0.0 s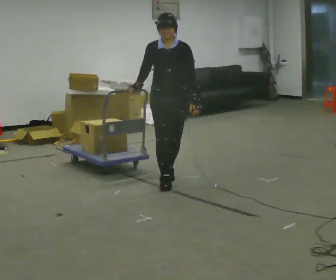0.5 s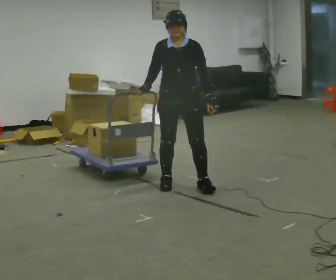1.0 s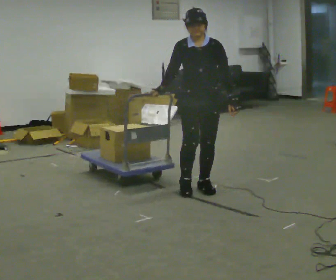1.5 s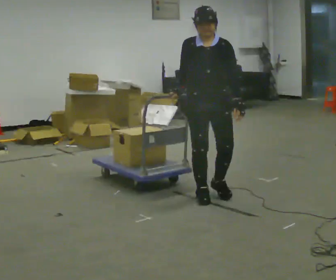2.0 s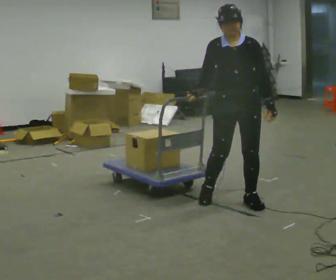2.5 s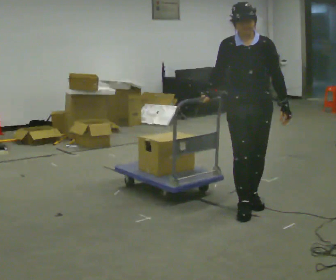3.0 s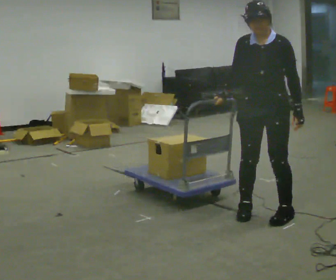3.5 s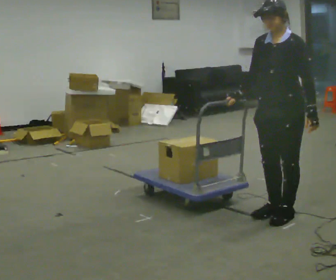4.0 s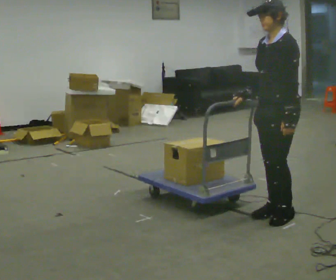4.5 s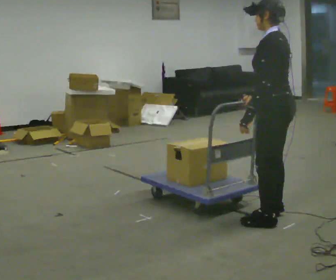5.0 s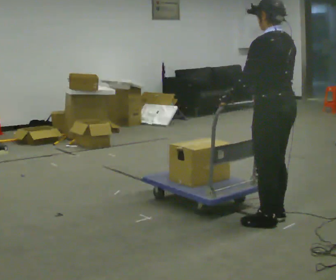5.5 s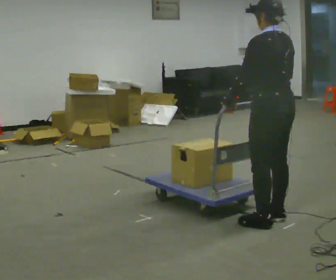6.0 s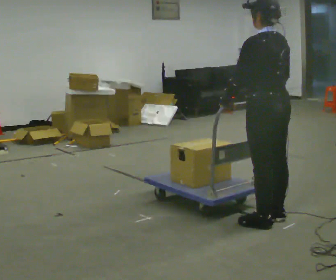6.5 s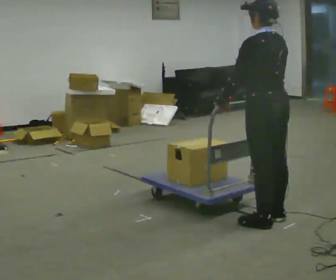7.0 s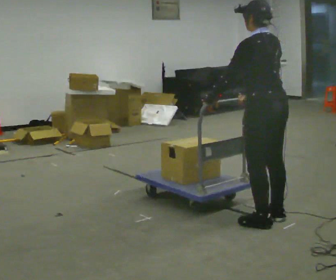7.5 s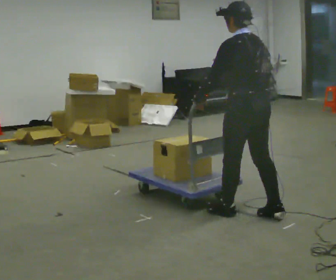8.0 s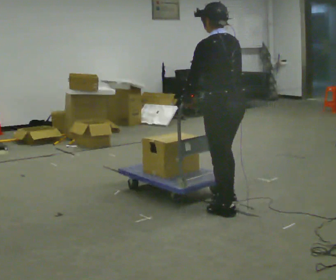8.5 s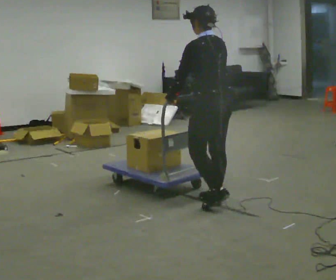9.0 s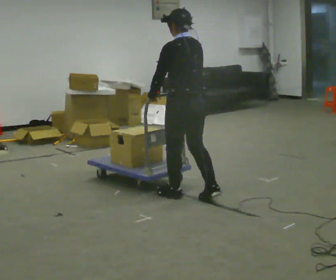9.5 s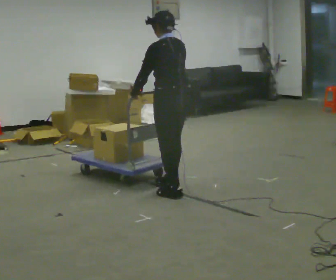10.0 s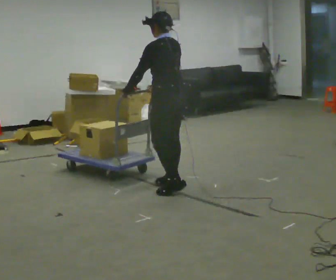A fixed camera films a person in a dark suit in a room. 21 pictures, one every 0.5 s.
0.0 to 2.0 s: In the picture they go to the right and toward the camera, about 1 m in 3 steps, which for them is forward and to their left.
2.0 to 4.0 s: Seen from above the body turns clockwise, about 75 degrees: to their right, with its near side sliding to the left. In the picture they go to the right and toward the camera, about 0.5 m in 3 steps.
4.0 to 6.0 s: The person turns about 75 degrees to their right, clockwise seen from above, so the part of the body nearest the lens slides to the left. In the picture their left hand goes to the left, the arm swinging clockwise.
6.0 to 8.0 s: In the picture they go to the left and away from the camera, about 0.5 m in 1 step, which for them is forward.
8.0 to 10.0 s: In the picture they go to the left and away from the camera, about 1 m in 3 steps, which for them is forward.
The film runs forward here.
